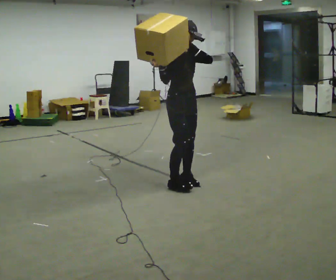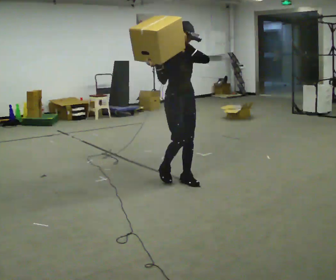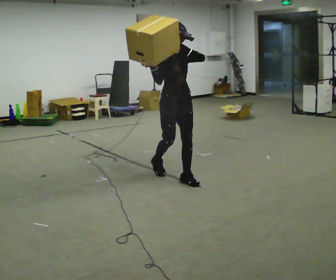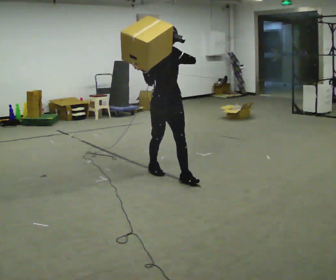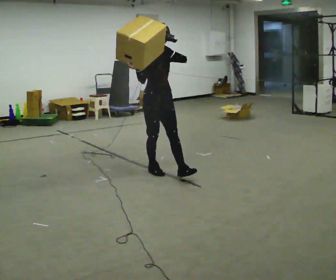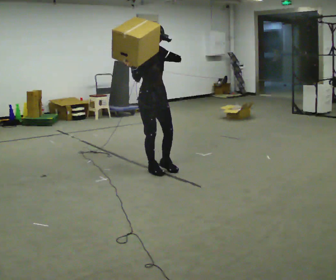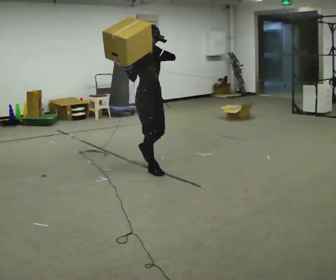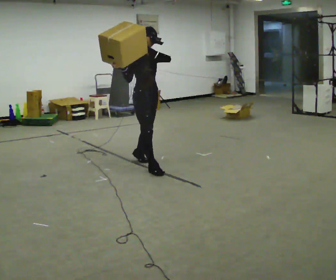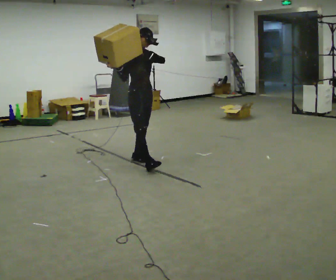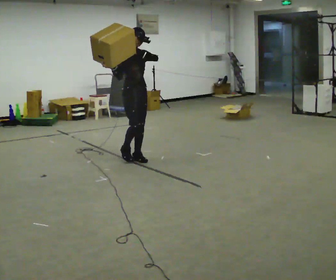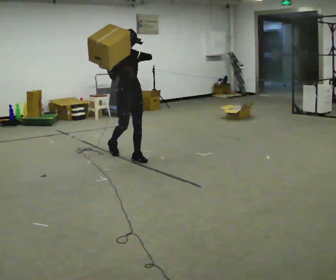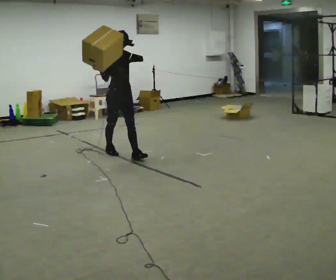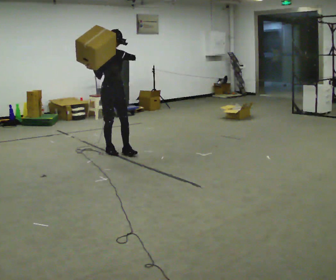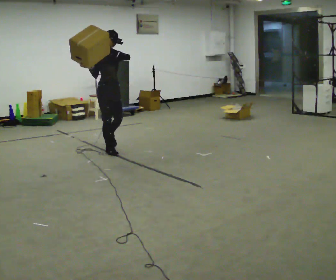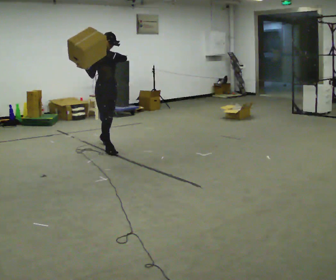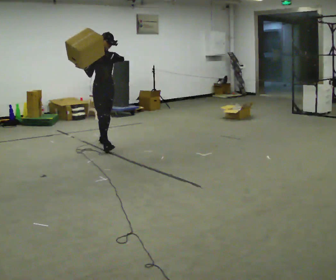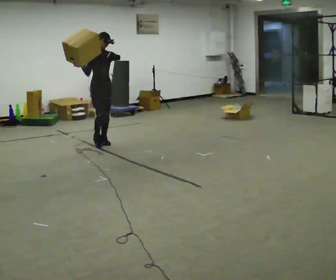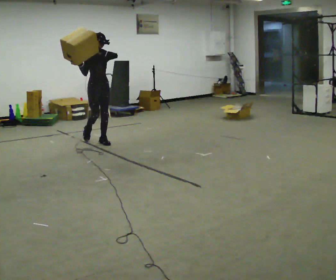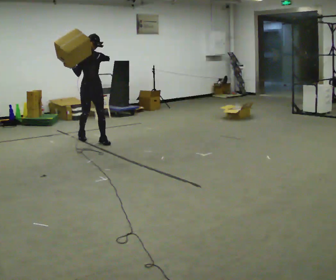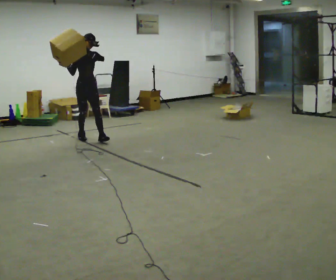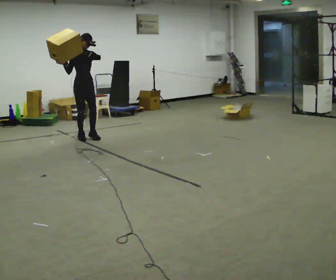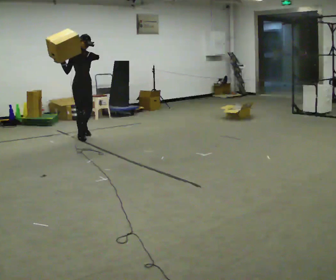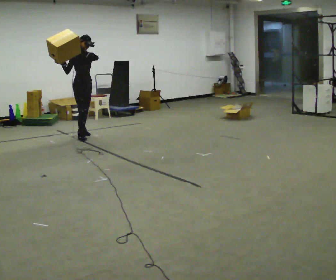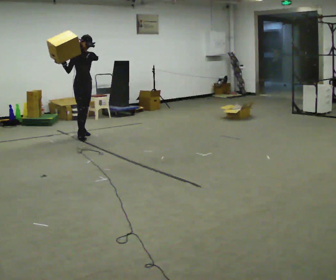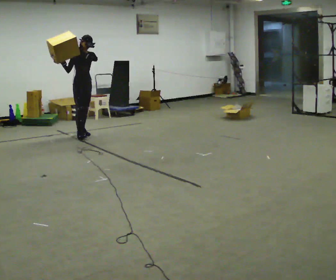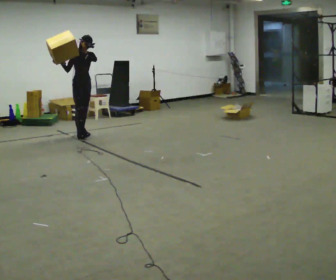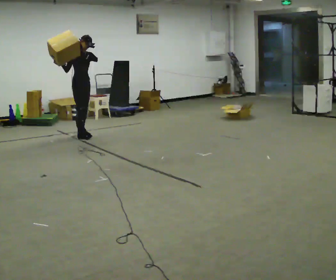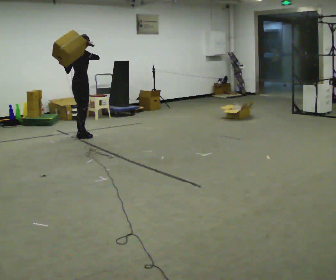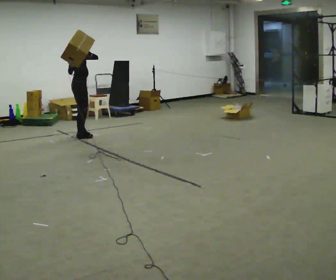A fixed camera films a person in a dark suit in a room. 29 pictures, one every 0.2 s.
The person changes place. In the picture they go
away from the camera.
0.0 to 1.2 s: In the picture they go away from the camera and to the left, about 0.5 m in 1 step, which for them is backward.
1.2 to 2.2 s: In the picture they go away from the camera and to the left, about 0.5 m in 2 steps, which for them is backward.
2.2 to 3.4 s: In the picture they go away from the camera, about 1 m in 1 step, which for them is backward.
3.4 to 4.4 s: In the picture they go away from the camera and to the left, about 0.5 m in 1 step, which for them is backward.
4.4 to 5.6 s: The person turns about 45 degrees to their left, counterclockwise seen from above, so the part of the body nearest the lens slides to the right.
The film runs backward here.
